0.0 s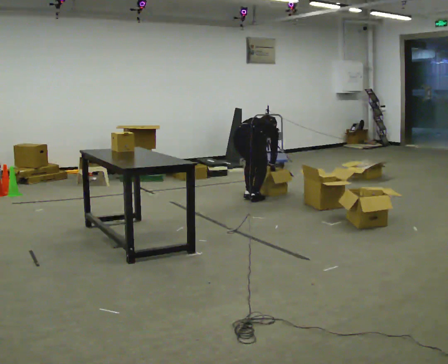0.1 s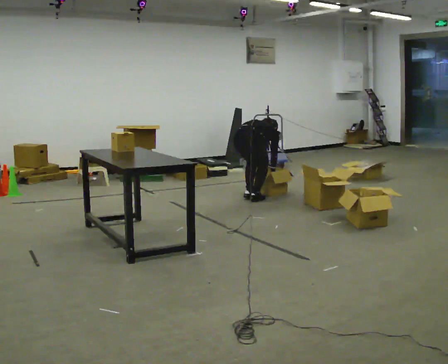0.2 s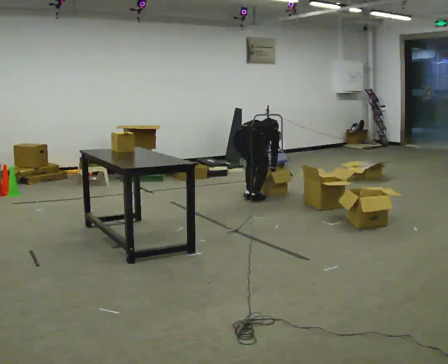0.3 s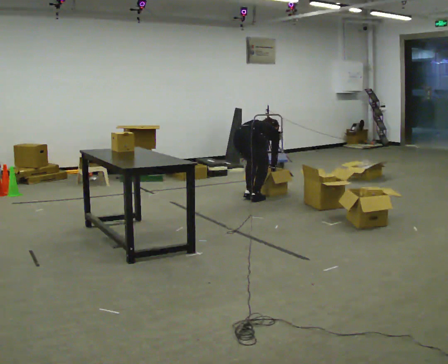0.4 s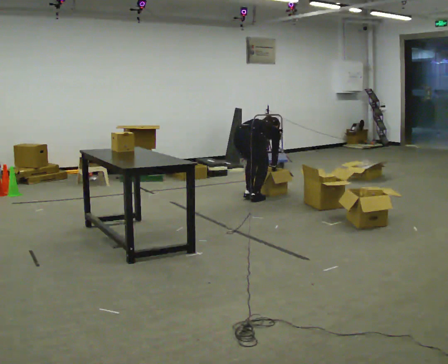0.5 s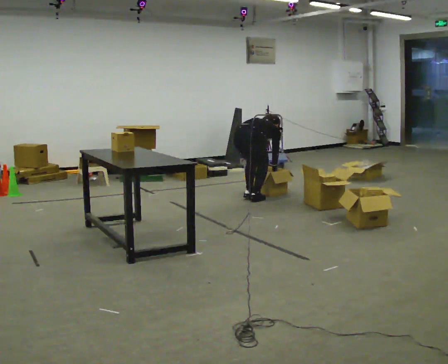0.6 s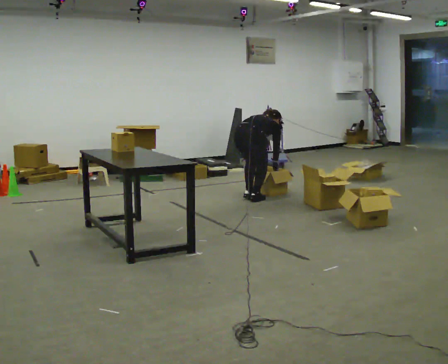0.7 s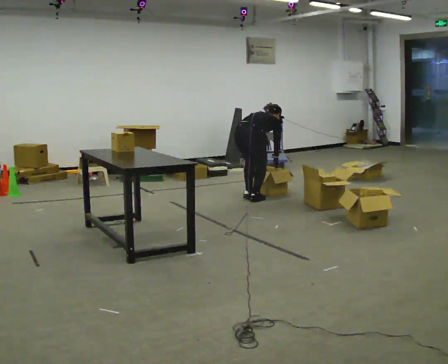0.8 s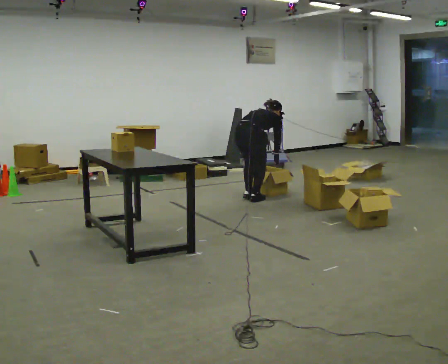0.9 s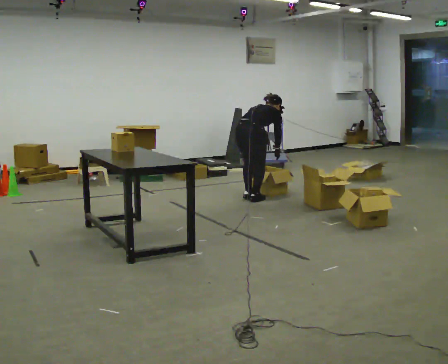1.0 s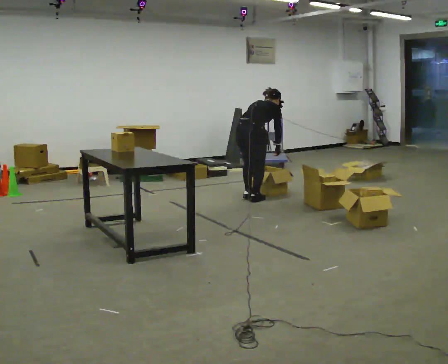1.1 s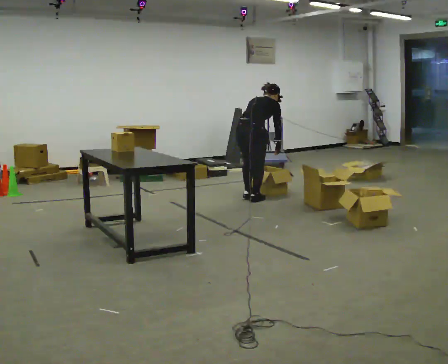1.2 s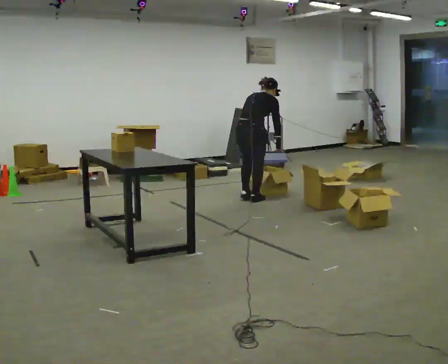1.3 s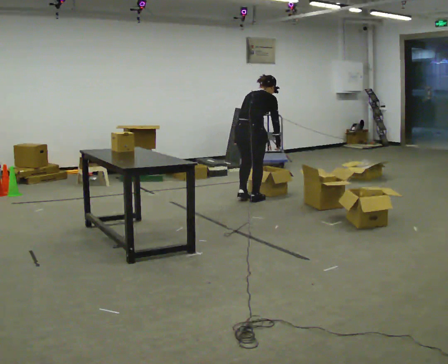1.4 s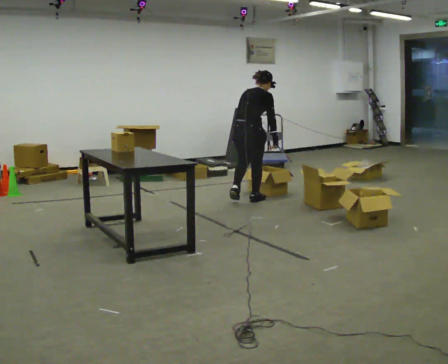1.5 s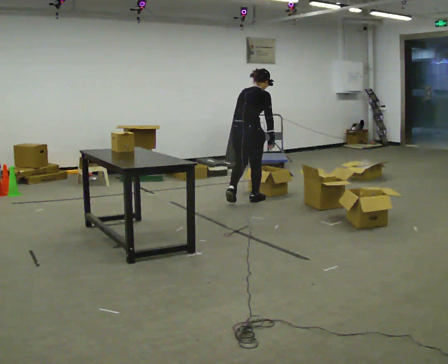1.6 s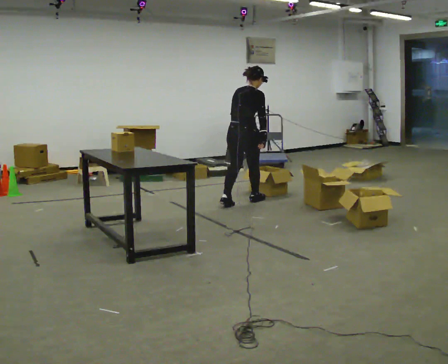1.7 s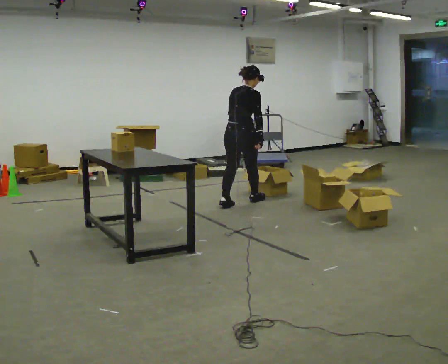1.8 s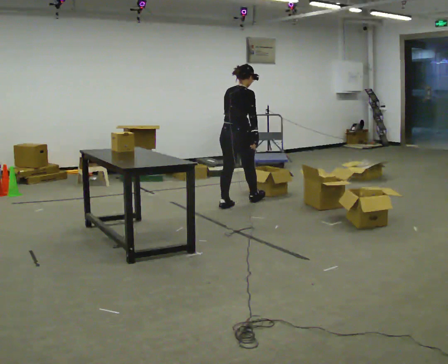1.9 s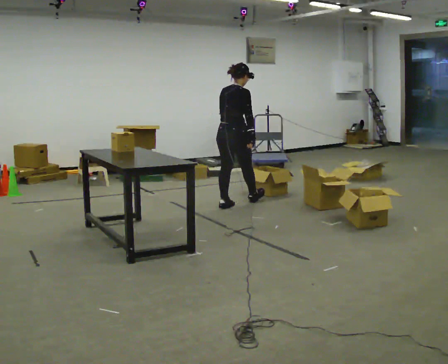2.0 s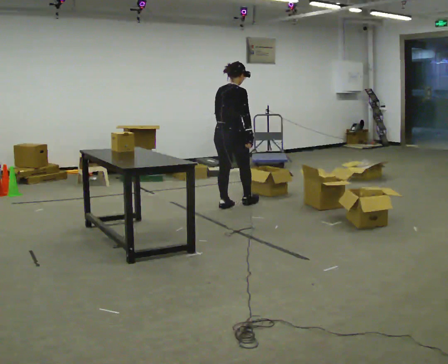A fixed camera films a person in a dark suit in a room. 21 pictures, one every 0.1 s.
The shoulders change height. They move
upward.
Their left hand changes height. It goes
upward.
0.0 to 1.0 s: The upper body goes upward. The upper body tips toward the camera, its near side rolling downward, as they lean back or straighten.
1.0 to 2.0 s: In the picture they go toward the camera and to the left, about 0.25 m in 2 steps, which for them is backward. The upper body goes upward. The upper body tips toward the camera, its near side rolling downward, as they lean back or straighten.
The film runs backward here.
